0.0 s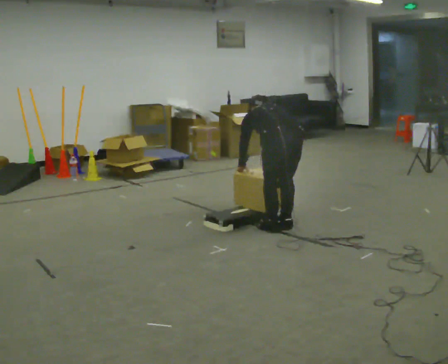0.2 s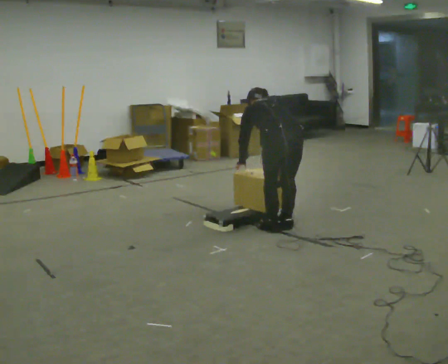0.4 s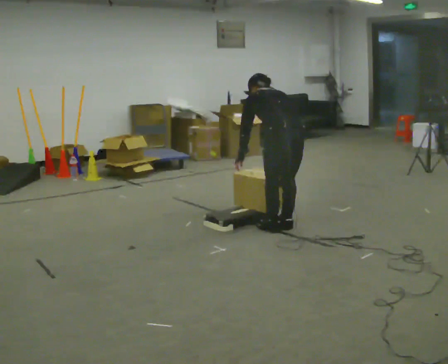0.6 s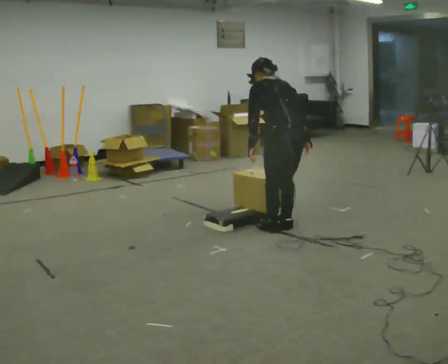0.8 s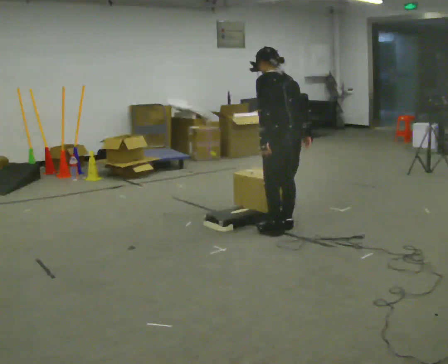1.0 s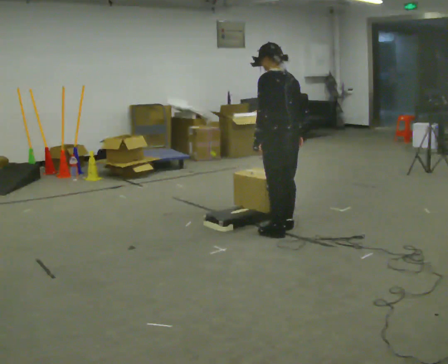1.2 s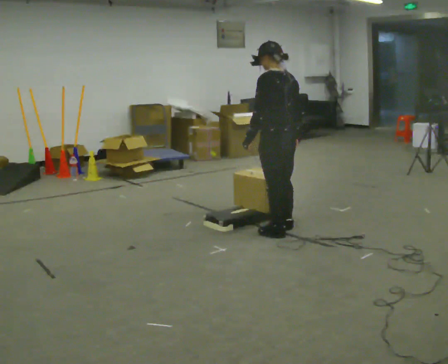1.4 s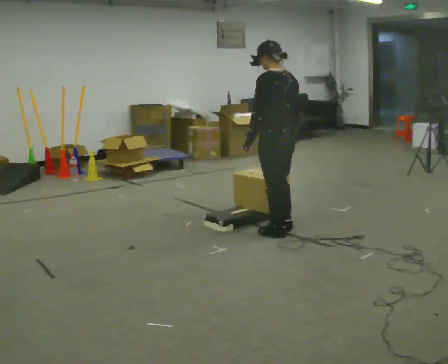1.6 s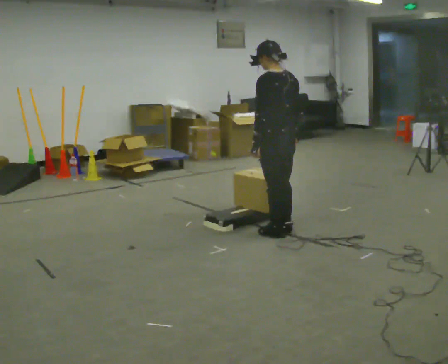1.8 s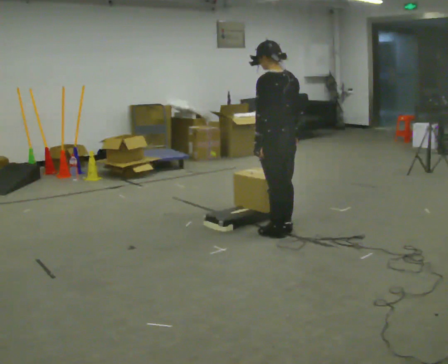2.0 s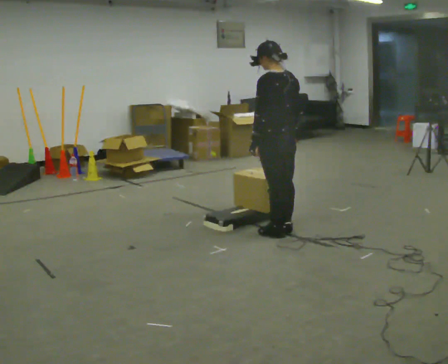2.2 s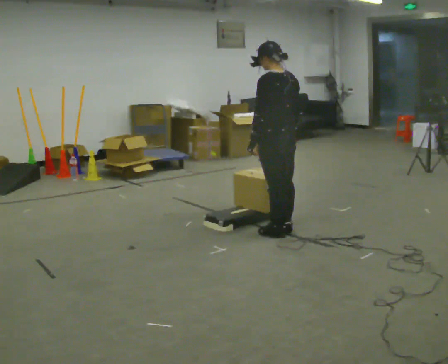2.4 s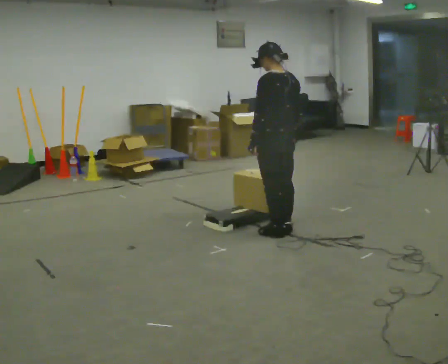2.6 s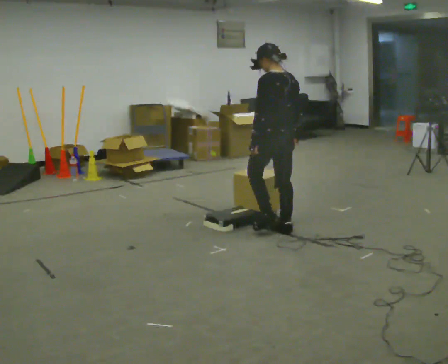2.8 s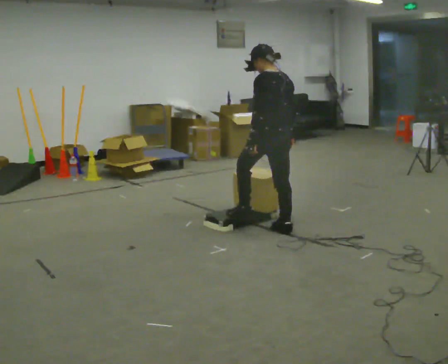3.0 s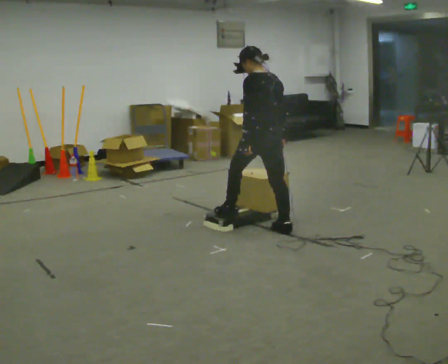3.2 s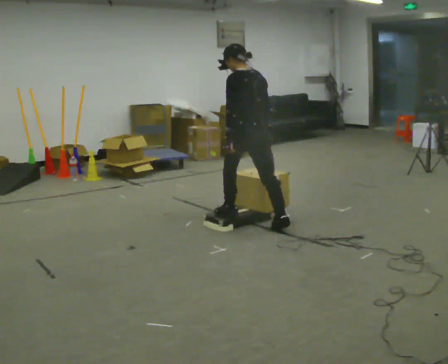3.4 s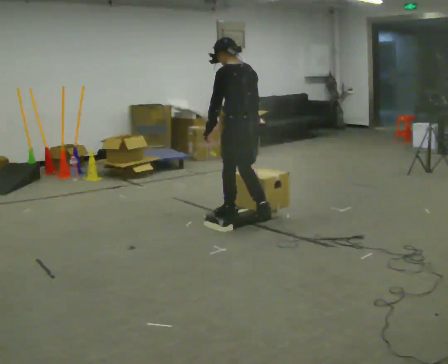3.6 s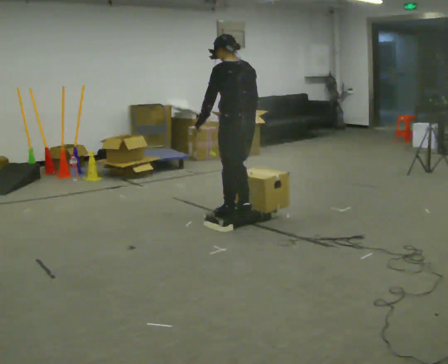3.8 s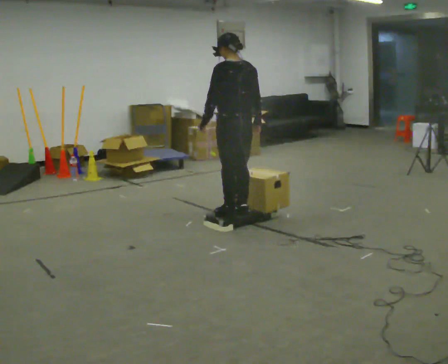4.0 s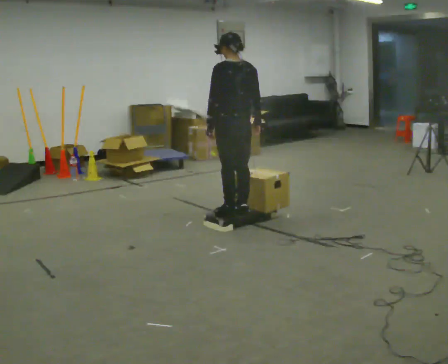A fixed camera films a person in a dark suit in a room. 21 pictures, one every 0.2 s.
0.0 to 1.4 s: The person turns about 30 degrees to their left, counterclockwise seen from above, so the part of the body nearest the lens slides to the right. The shoulders move upward. The upper body tips toward the camera, its near side rolling downward, as they lean back or straighten.
1.4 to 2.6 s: The person moves a little, or ends about where they began.
2.6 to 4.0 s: In the picture they go to the left and away from the camera, about 0.5 m in 2 steps, which for them is forward.
The film runs forward here.
